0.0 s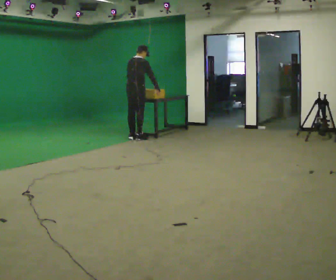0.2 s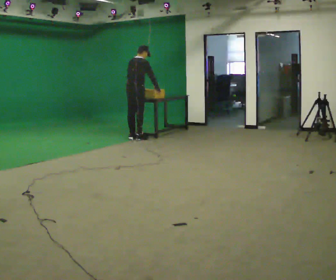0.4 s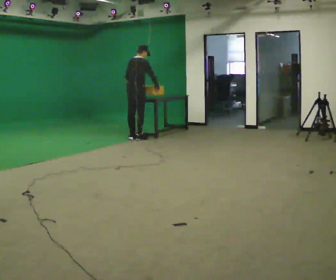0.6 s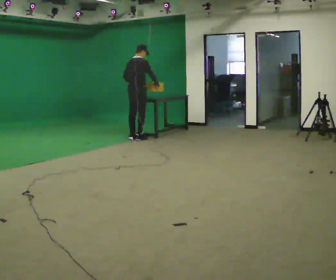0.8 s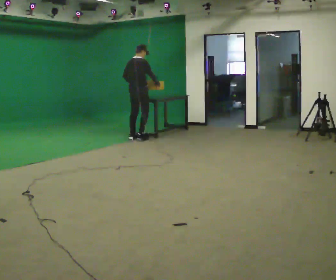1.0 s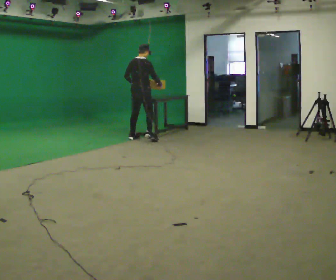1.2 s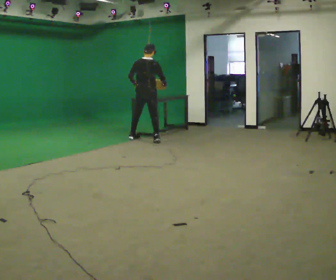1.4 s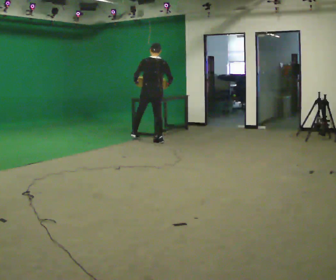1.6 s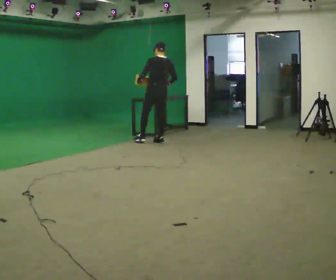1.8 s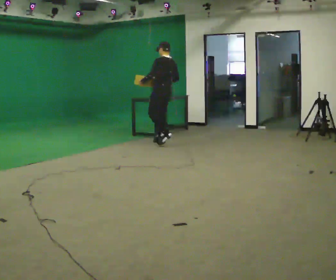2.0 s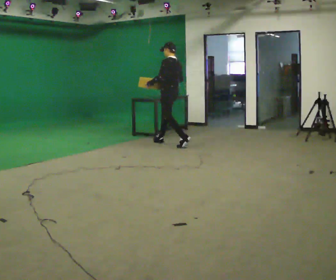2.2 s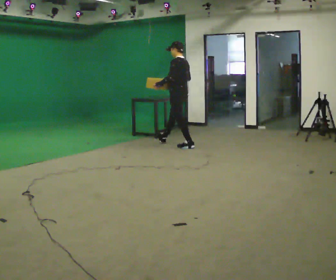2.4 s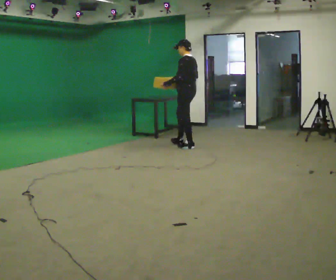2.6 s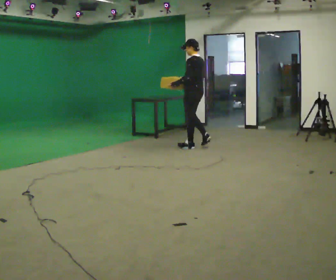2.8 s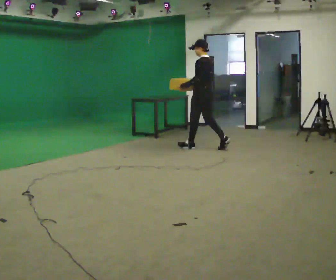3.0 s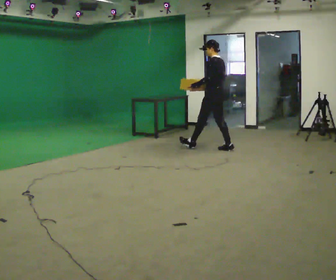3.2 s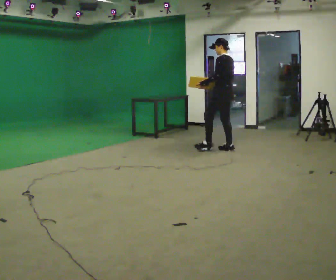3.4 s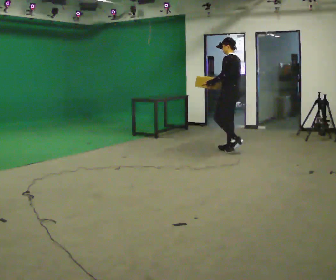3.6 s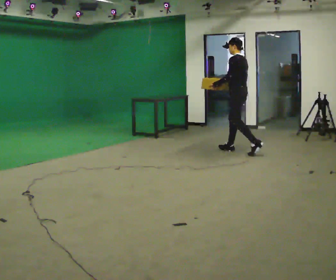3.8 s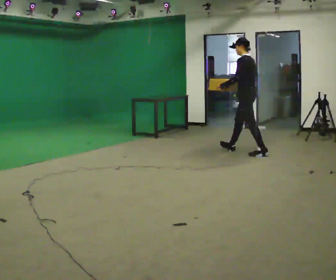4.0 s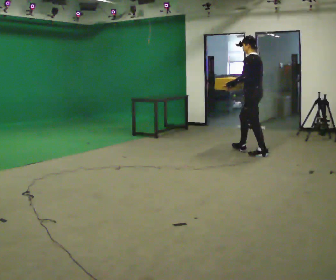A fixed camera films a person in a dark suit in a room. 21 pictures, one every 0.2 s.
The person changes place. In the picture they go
to the right.
0.0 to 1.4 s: The part of the body nearest the lens slides to the right as the person turns to their left by about 45 degrees. In the picture they go to the right and toward the camera, about 0.5 m in 2 steps, which for them is to their right.
1.4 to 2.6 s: The person turns about 45 degrees to their left, counterclockwise seen from above, so the part of the body nearest the lens slides to the right. In the picture they go to the right and toward the camera, about 1 m in 1 step, which for them is backward.
2.6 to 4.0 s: In the picture they go to the right and toward the camera, about 1 m in 2 steps, which for them is backward.
The film runs backward here.
